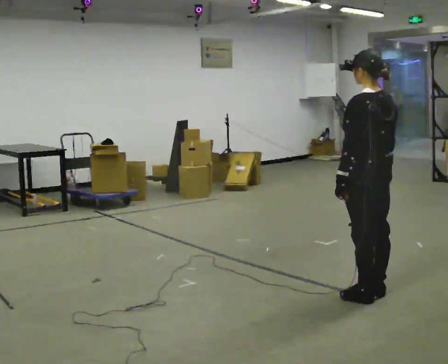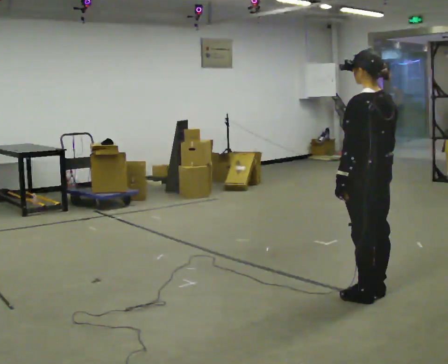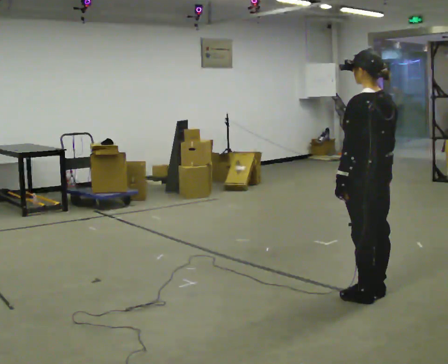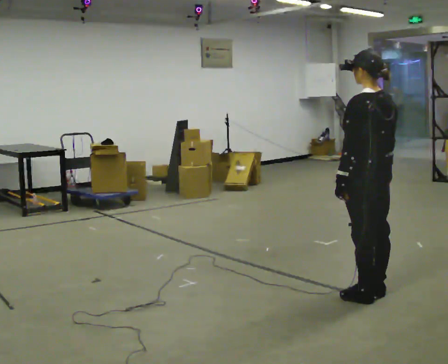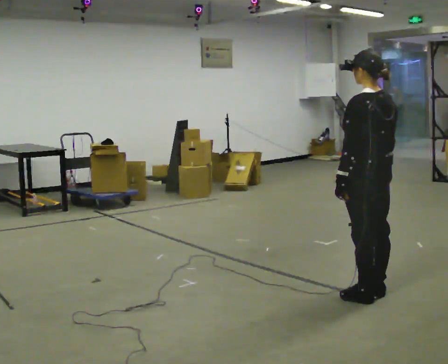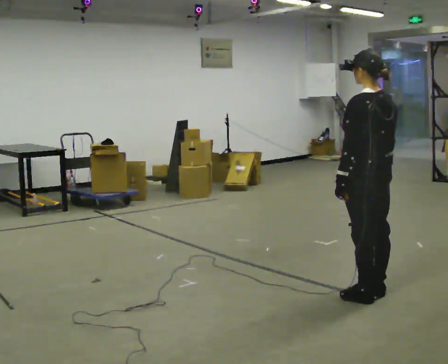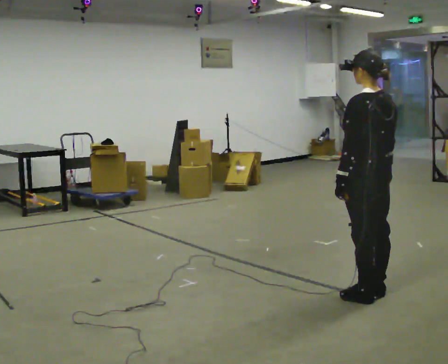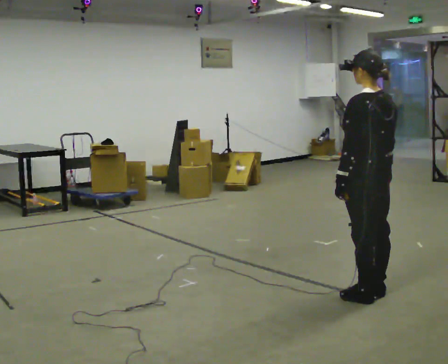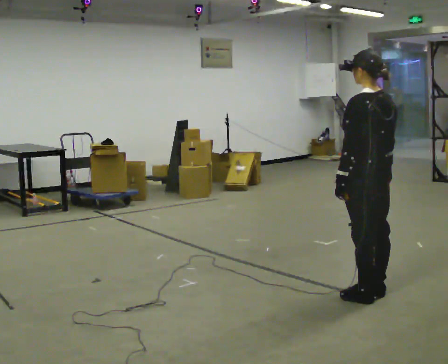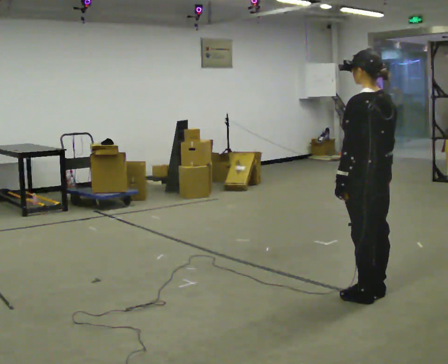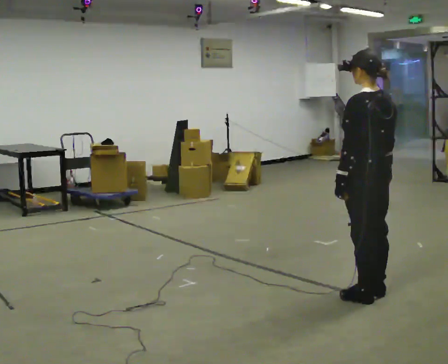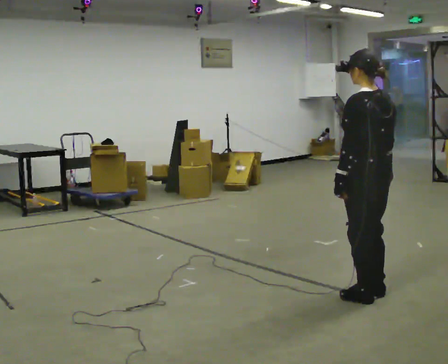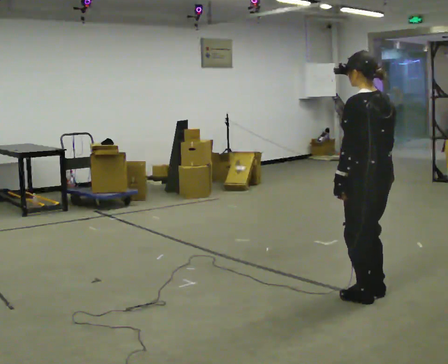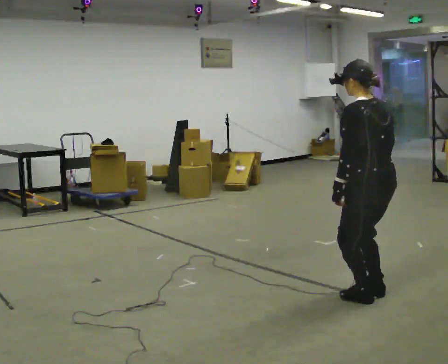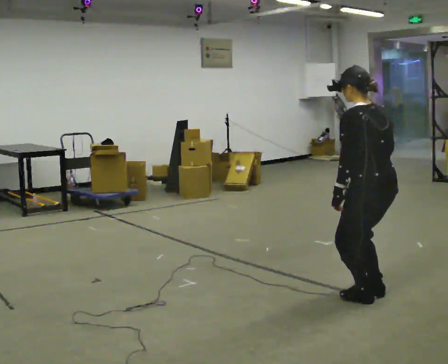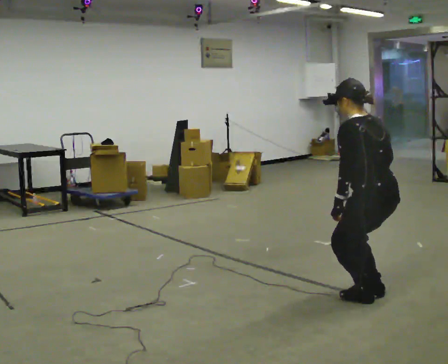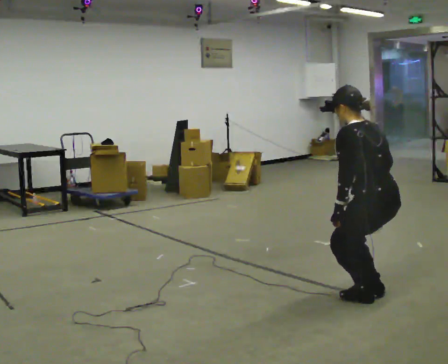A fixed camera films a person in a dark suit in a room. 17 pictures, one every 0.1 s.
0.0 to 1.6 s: The upper body goes downward. In the picture the upper body tilts counterclockwise, shoulders to the left, as they bend forward.
The film runs forward here.
